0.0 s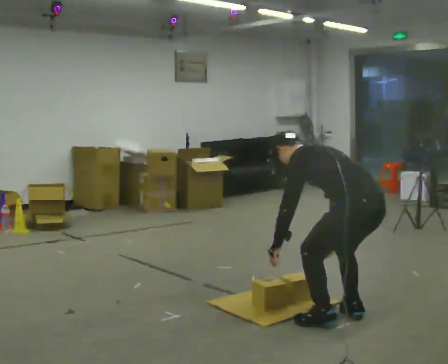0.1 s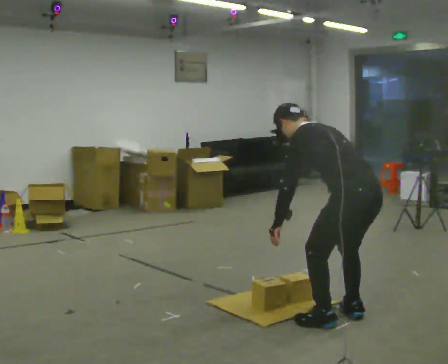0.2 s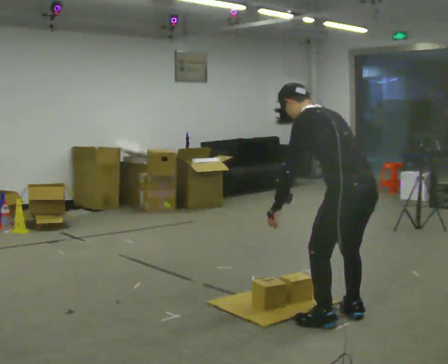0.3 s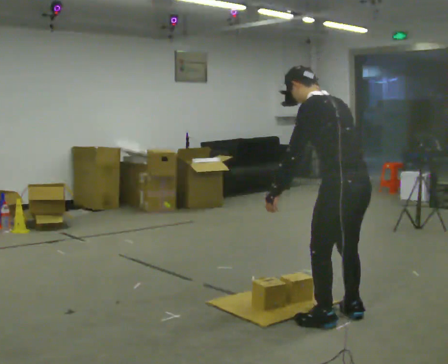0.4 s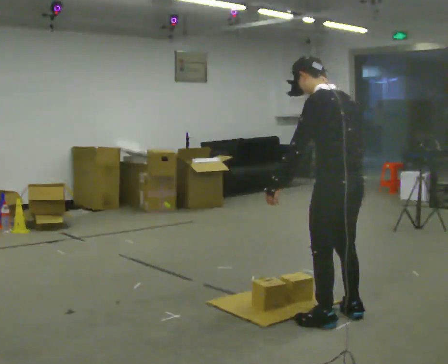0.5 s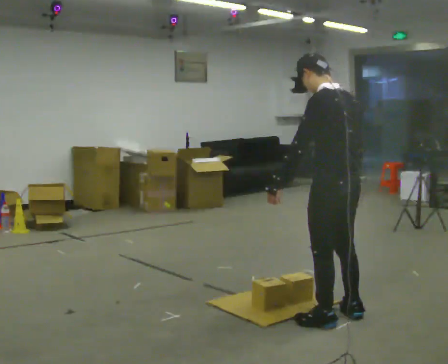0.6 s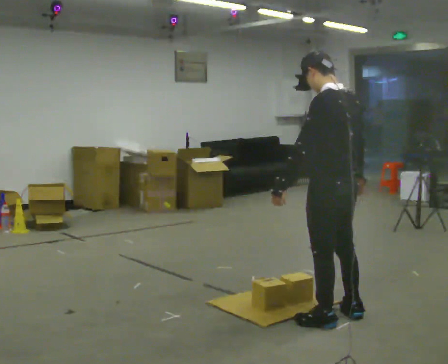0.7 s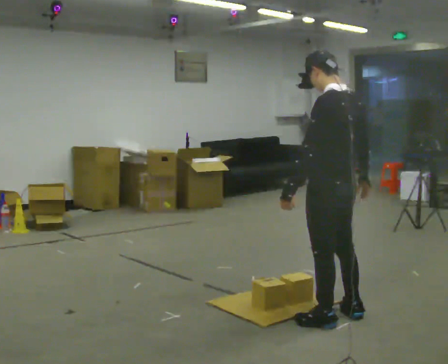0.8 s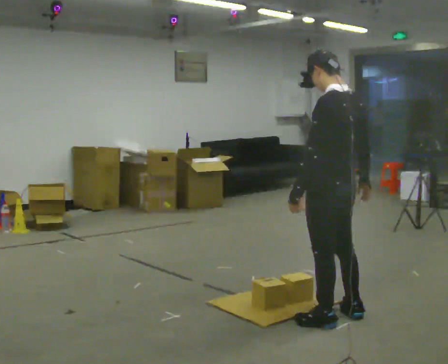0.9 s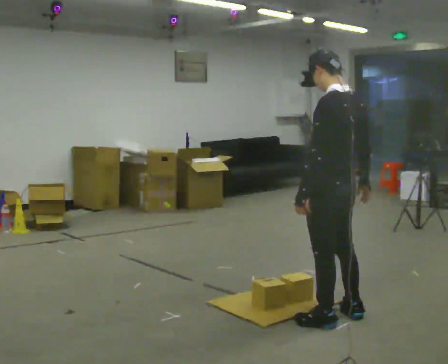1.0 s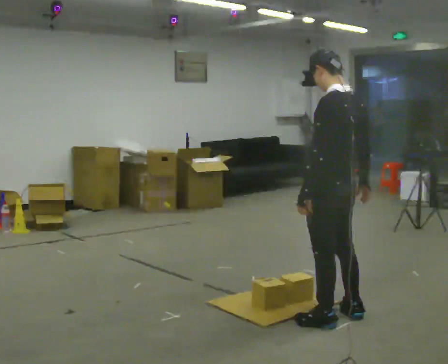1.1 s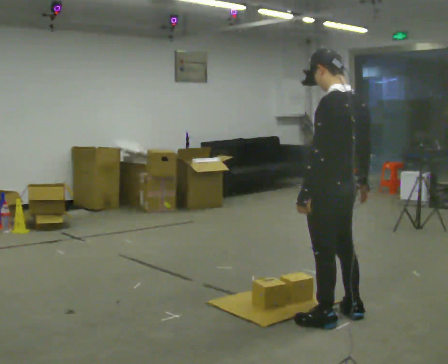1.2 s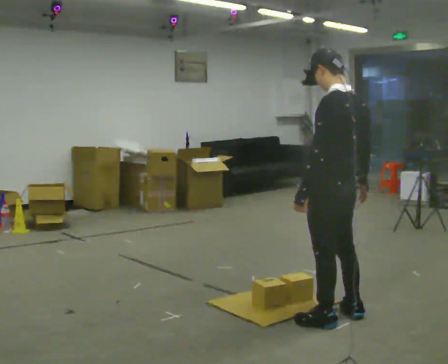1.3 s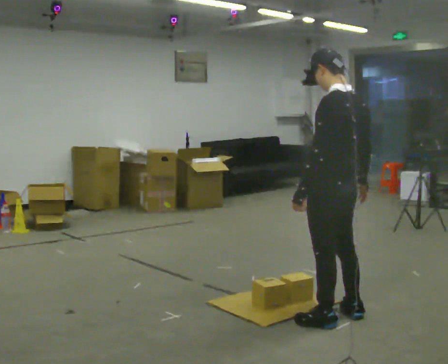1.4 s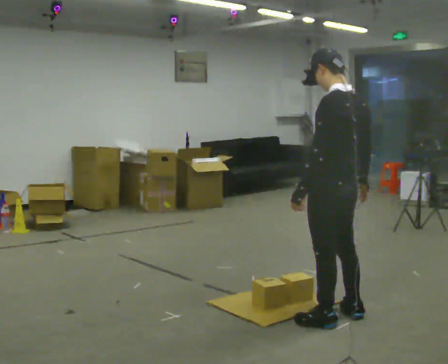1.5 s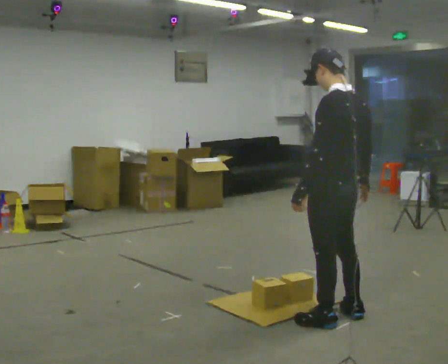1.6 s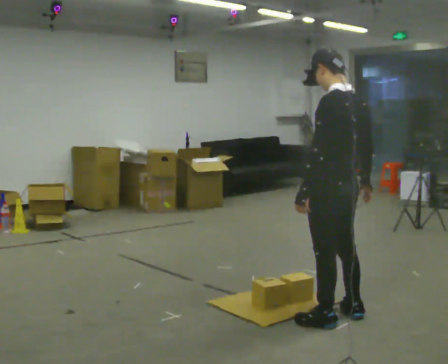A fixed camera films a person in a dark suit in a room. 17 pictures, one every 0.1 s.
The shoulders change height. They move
upward.
0.0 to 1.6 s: In the picture they go to the left, about 0.25 m, which for them is forward. The shoulders move upward. In the picture the upper body tilts clockwise, shoulders to the right, as they lean back or straighten. In the picture their right hand goes upward.
The film runs backward here.
